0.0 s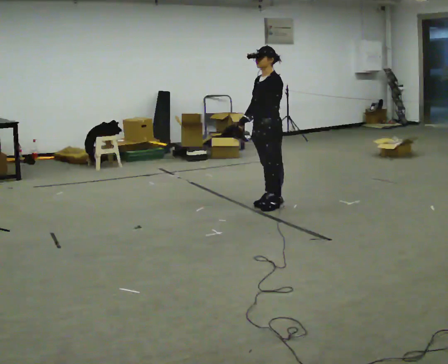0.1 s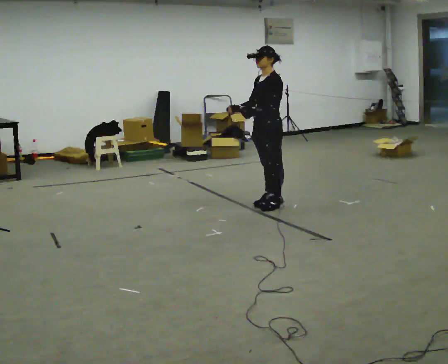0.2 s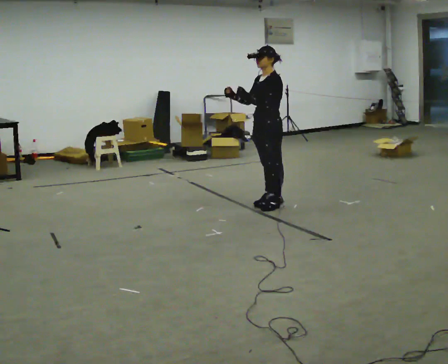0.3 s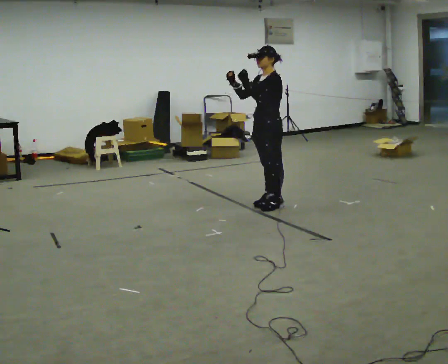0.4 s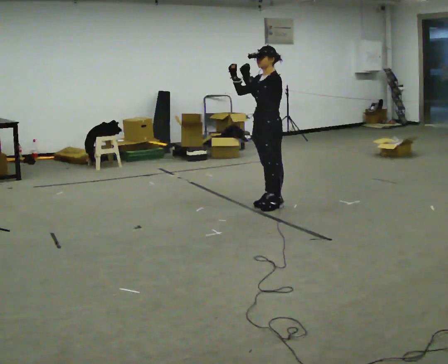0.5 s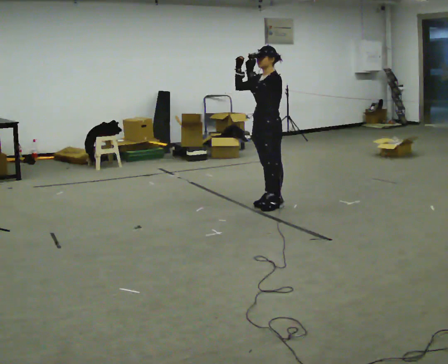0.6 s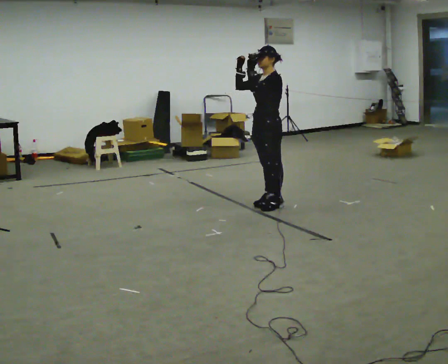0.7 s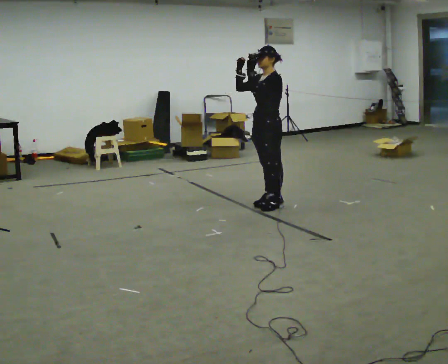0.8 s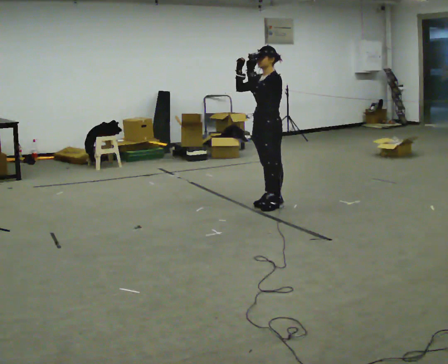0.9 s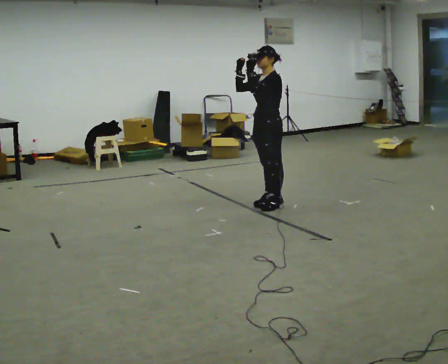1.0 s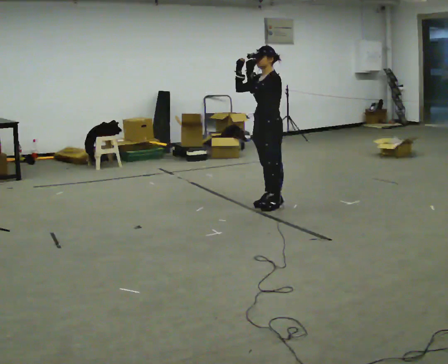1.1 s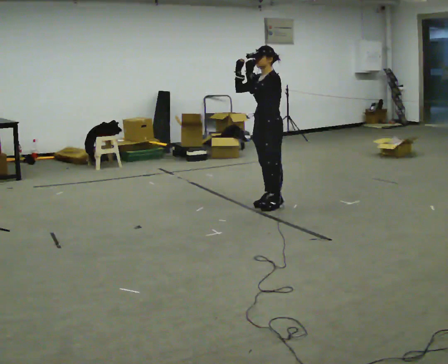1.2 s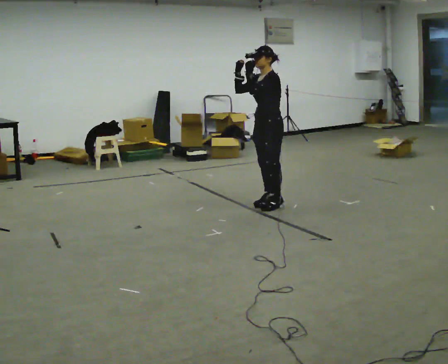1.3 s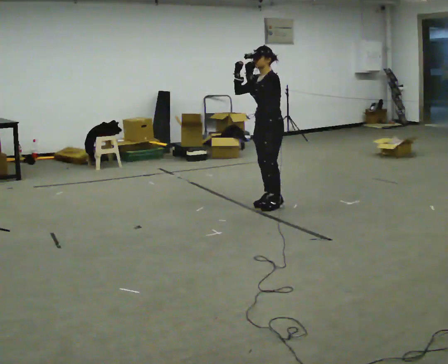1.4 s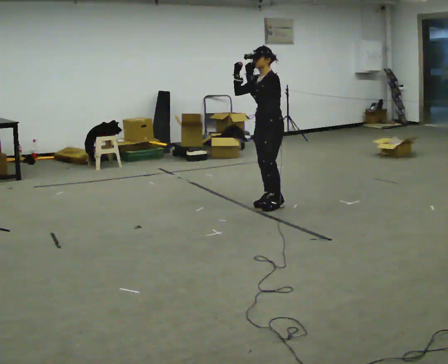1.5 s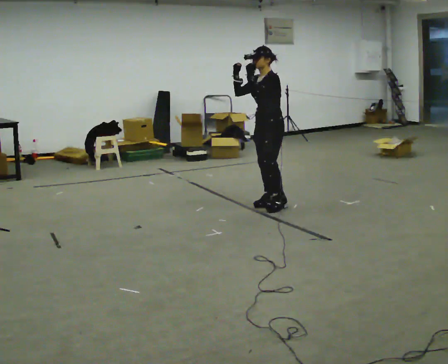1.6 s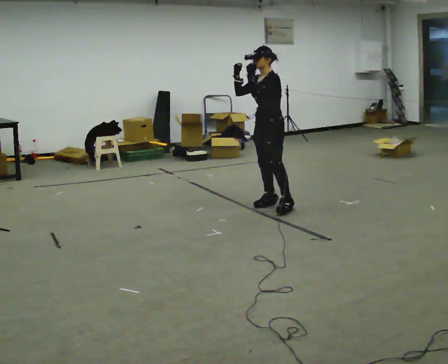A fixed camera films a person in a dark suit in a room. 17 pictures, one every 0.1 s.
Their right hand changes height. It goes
upward.
Their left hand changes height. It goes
upward.
0.0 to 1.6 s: In the picture their right hand goes upward.
The film runs forward here.
